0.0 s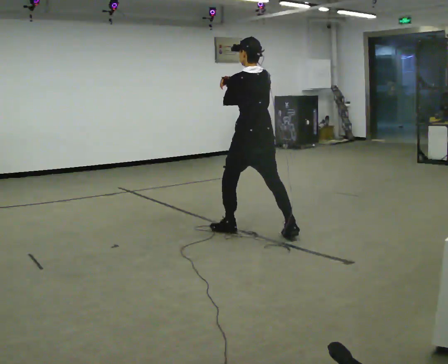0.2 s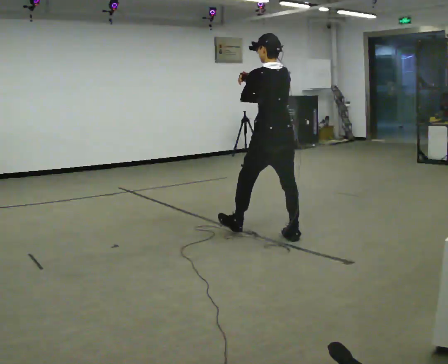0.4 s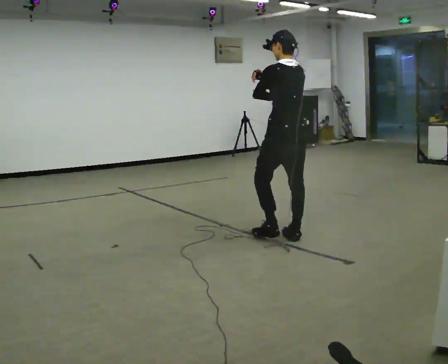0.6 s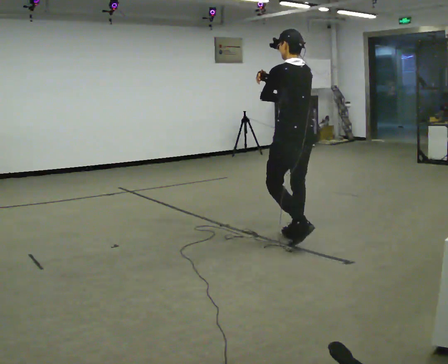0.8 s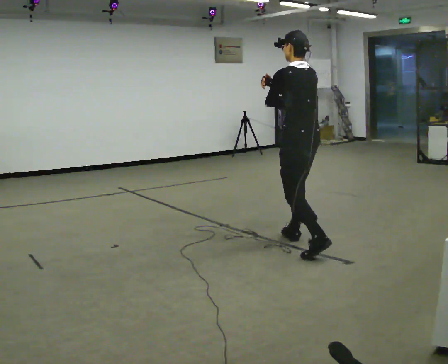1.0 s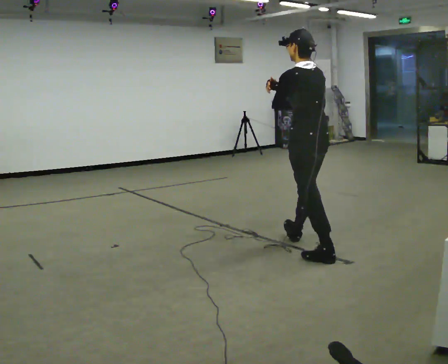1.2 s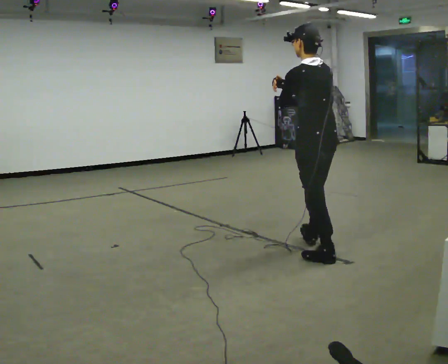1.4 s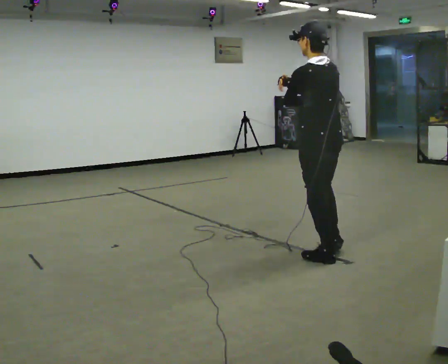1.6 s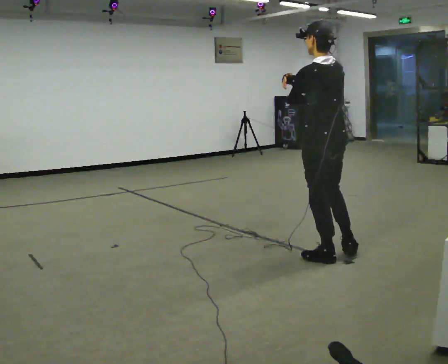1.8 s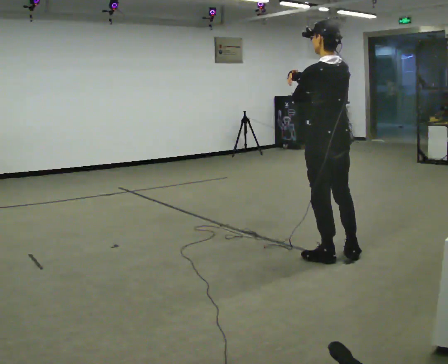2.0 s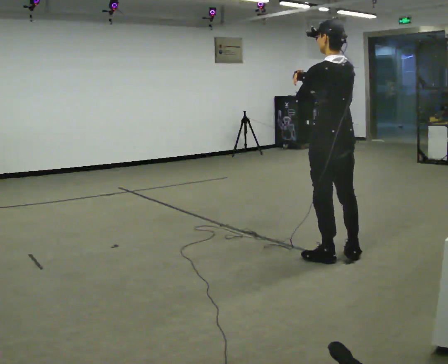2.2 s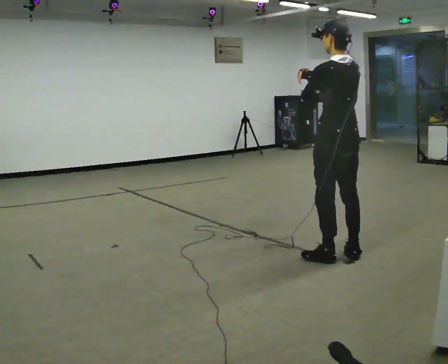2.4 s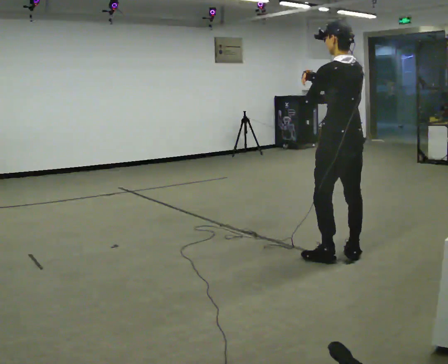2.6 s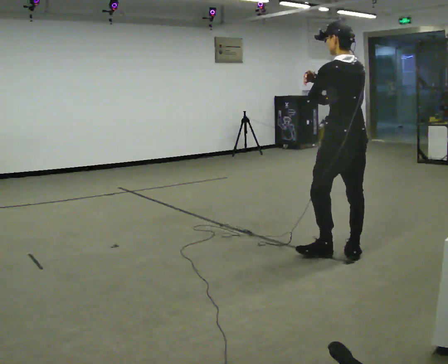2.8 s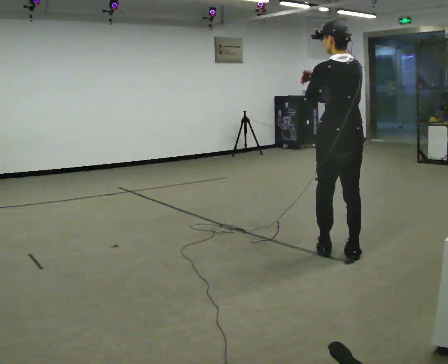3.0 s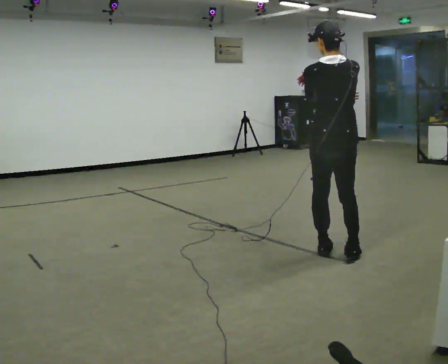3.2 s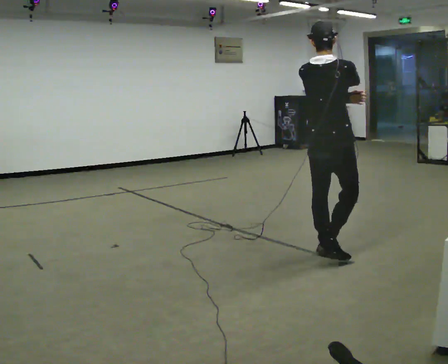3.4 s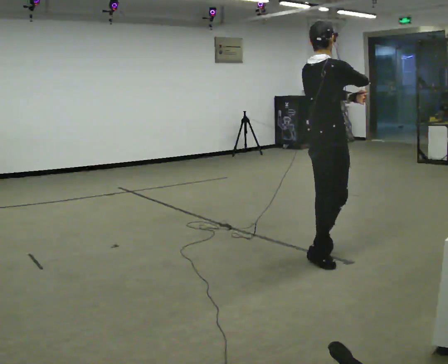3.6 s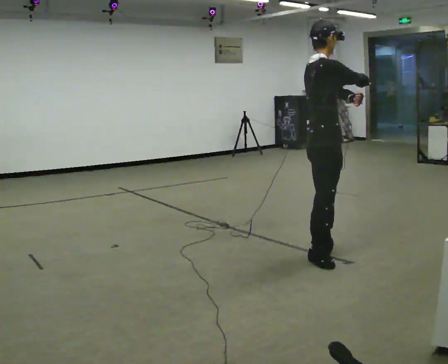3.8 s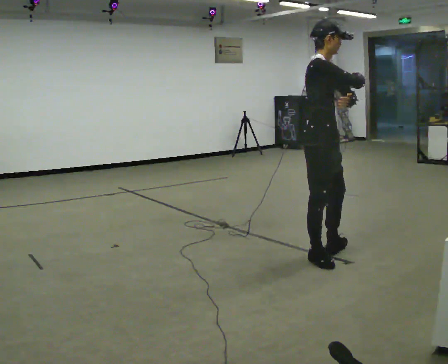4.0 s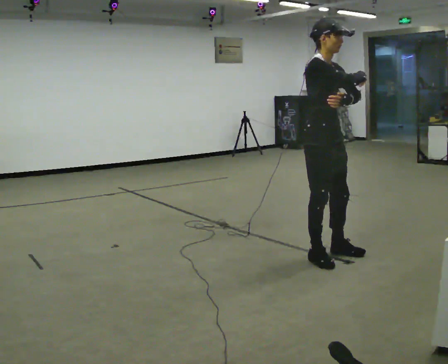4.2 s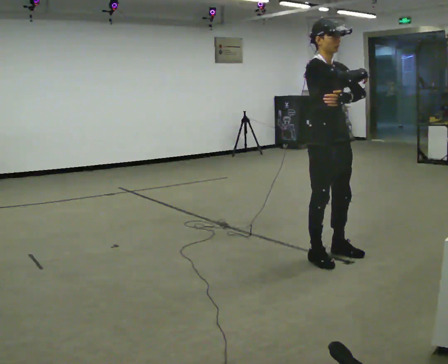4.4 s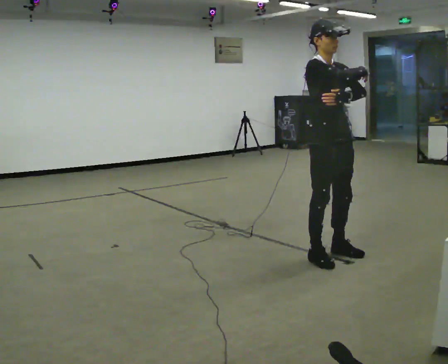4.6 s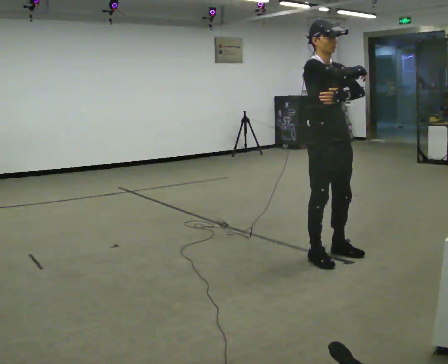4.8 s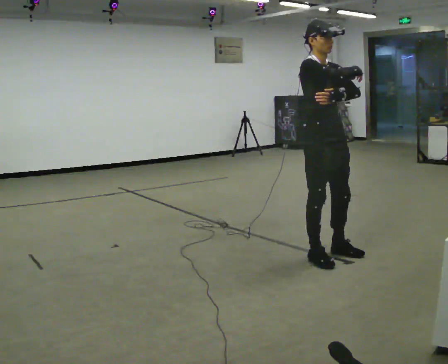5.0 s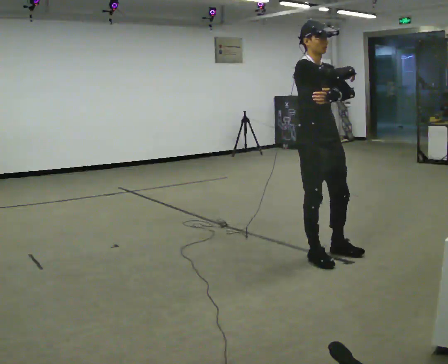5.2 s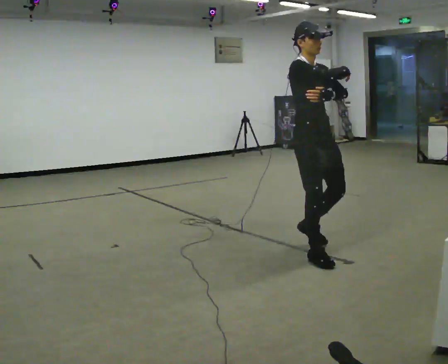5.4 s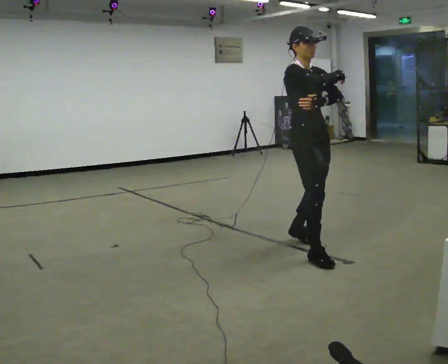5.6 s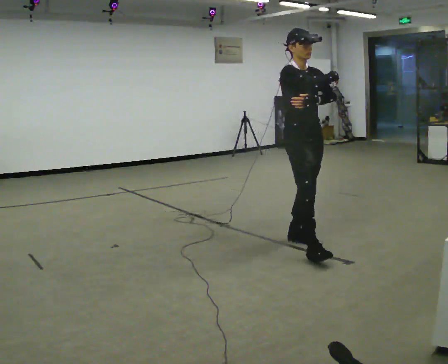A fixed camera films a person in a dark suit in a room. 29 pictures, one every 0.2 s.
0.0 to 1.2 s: In the picture they go toward the camera and to the right, about 1 m in 2 steps, which for them is backward.
1.2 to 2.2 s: In the picture they go to the right, about 0.25 m, which for them is backward.
2.2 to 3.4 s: The person turns about 90 degrees to their right, clockwise seen from above, so the part of the body nearest the lens slides to the left. In the picture they go to the left, about 0.25 m in 2 steps.
3.4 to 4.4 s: The part of the body nearest the lens slides to the left as the person turns to their right by about 75 degrees.
4.4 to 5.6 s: In the picture they go away from the camera and to the left, about 0.25 m in 1 step, which for them is backward.
The film runs backward here.
